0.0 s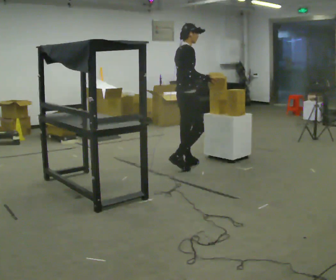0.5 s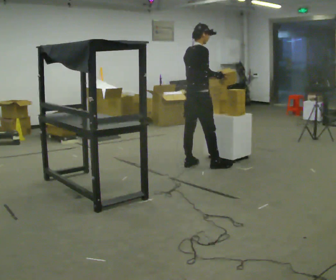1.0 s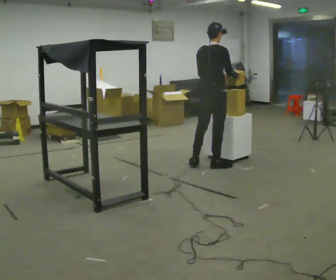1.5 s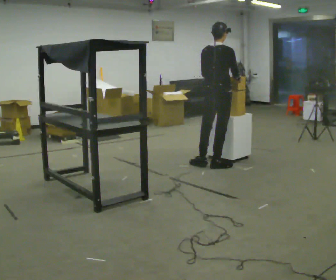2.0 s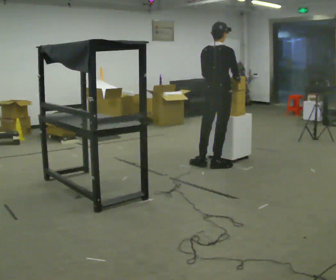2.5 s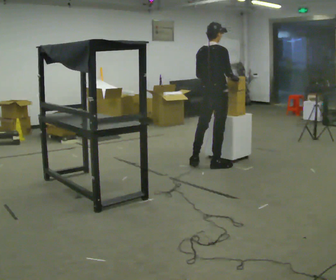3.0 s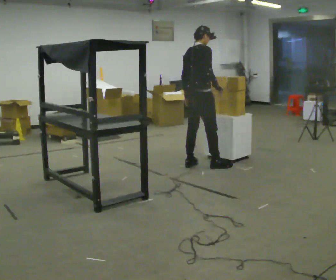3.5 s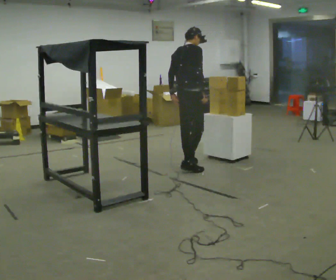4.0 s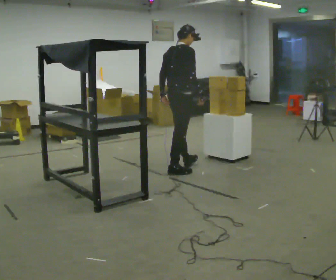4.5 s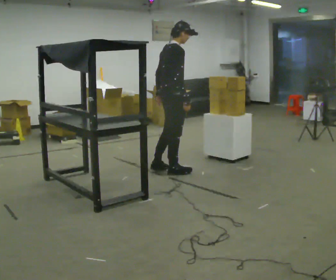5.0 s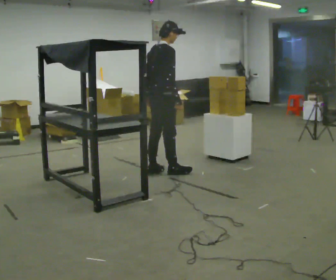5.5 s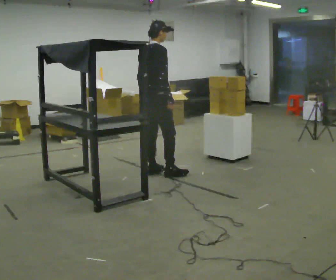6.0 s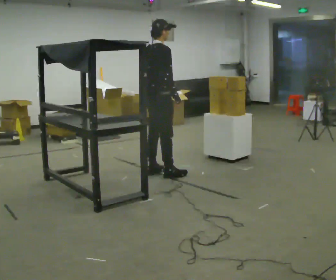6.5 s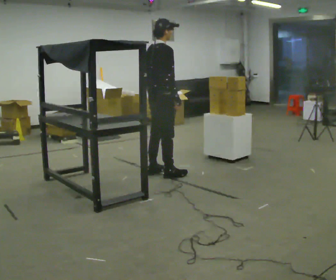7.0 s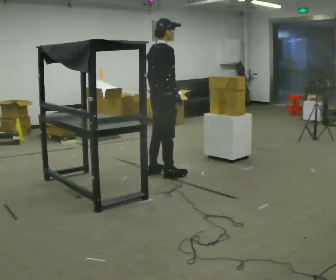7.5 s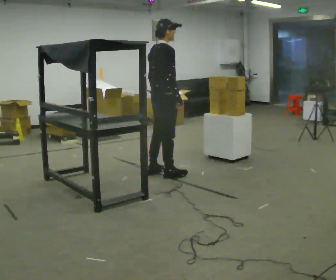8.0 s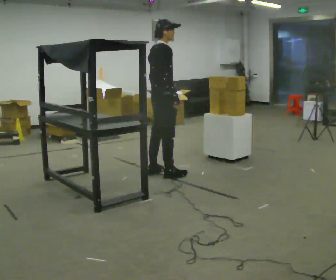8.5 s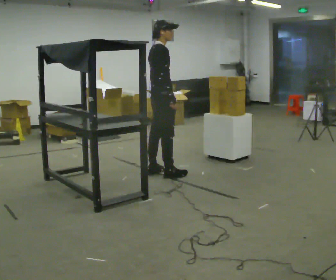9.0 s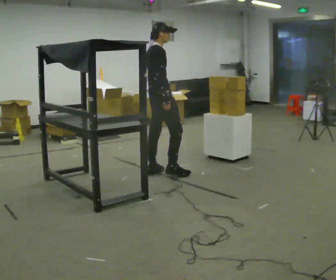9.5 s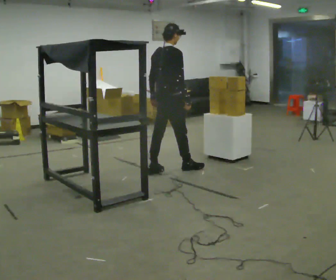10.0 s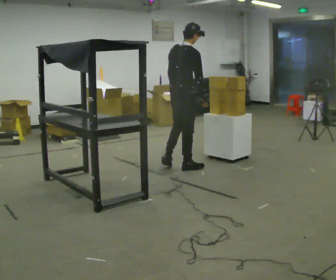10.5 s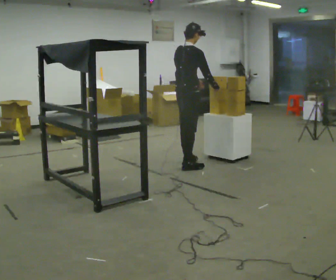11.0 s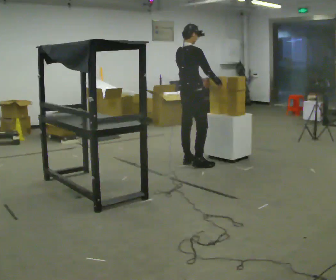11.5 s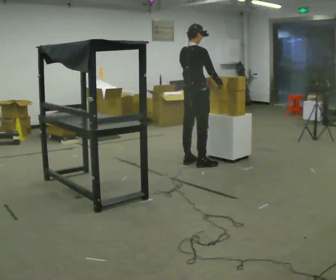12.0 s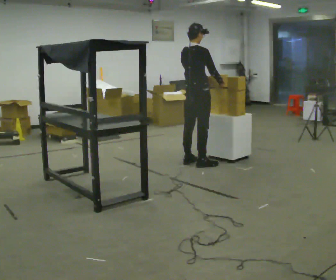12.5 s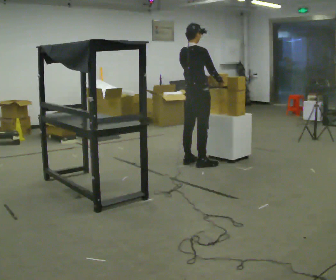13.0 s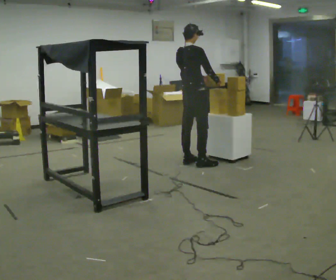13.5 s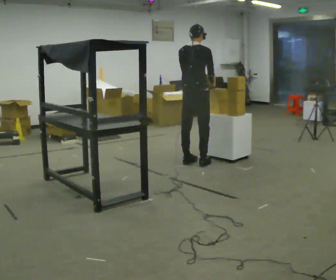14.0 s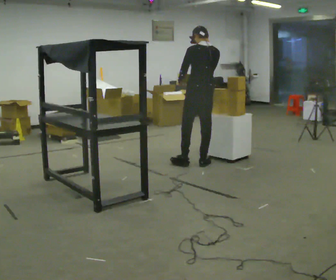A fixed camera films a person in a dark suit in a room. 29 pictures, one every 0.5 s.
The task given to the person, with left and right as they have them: Reach up into the bin on the top shelf, take out one object at a time, and carry it to the table. Keep going until the operator says stop; one object at a time, and do not rush between trips.
0.0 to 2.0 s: Seen from above the body turns counterclockwise, about 45 degrees: to their left, with its near side sliding to the right. In the picture they go to the right, about 0.5 m in 2 steps, which for them is to their right and forward.
2.0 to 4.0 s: In the picture they go to the left, about 0.5 m in 2 steps, which for them is backward.
4.0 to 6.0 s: In the picture they go to the left, about 0.25 m in 1 step, which for them is backward.
6.0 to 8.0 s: The person moves a little, or ends about where they began.
8.0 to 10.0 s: In the picture they go to the right and away from the camera, about 0.25 m in 1 step, which for them is forward.
10.0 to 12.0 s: In the picture they go away from the camera and to the right, about 0.25 m in 2 steps, which for them is forward.
12.0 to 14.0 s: The part of the body nearest the lens slides to the right as the person turns to their left by about 75 degrees. In the picture they go toward the camera, about 0.25 m. In the picture their left hand goes to the left, the arm swinging clockwise.
The film runs forward here.
